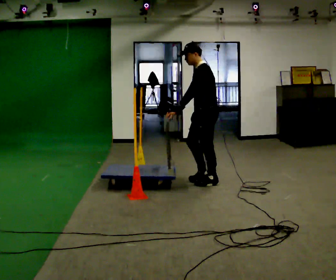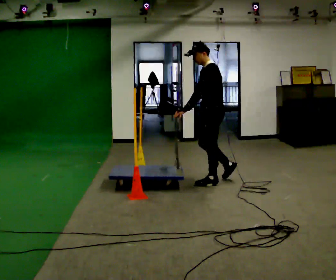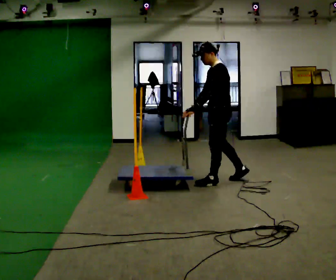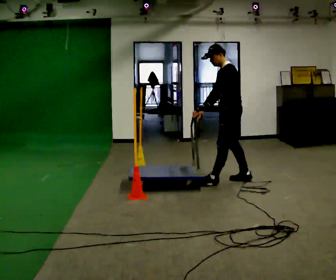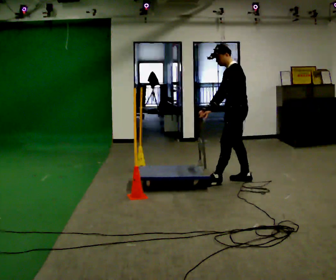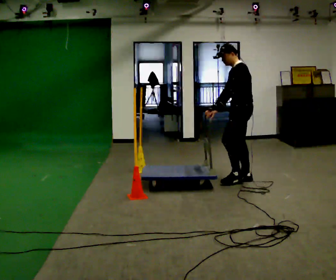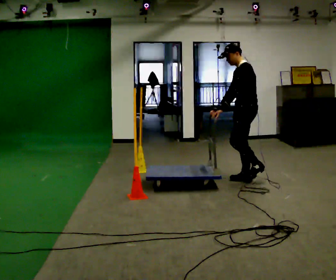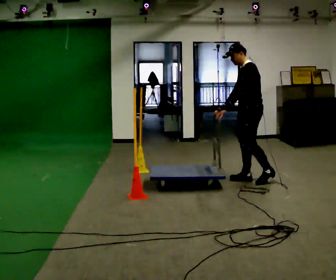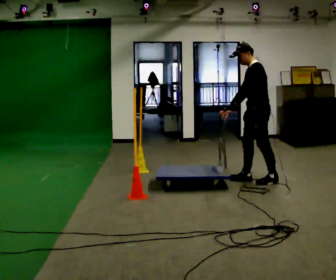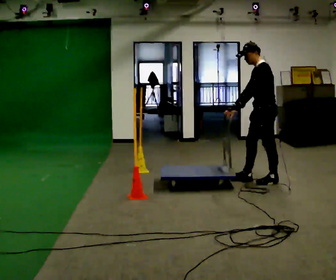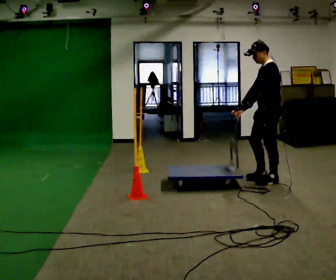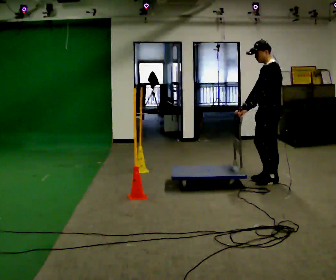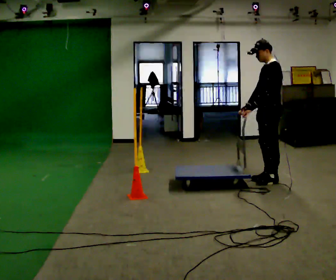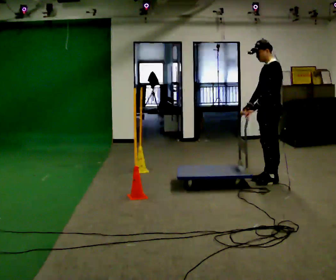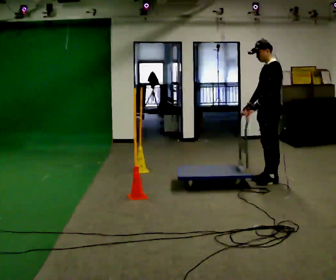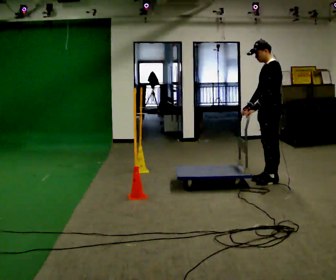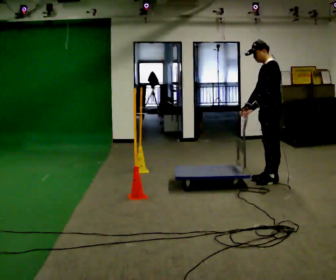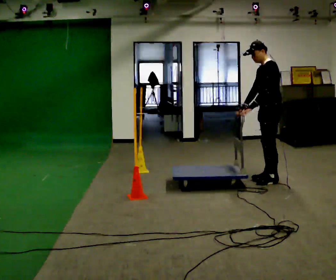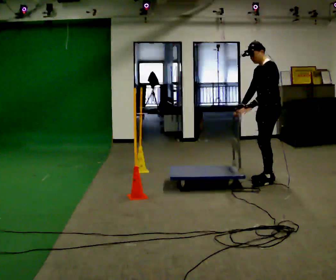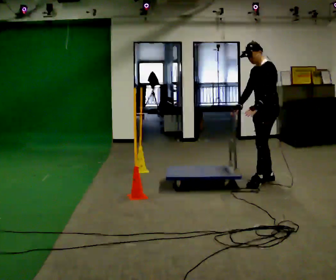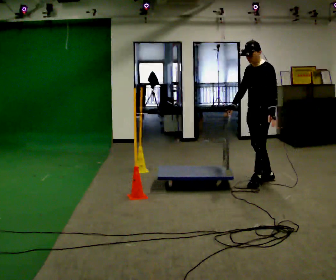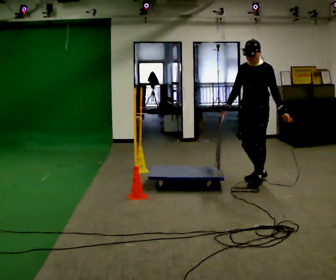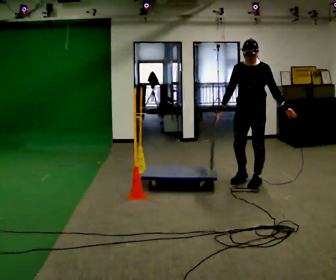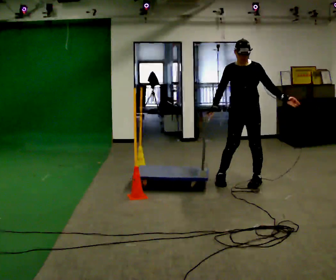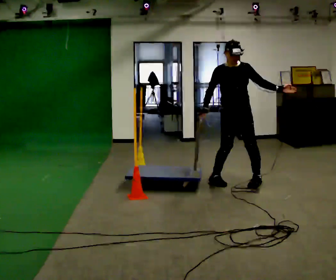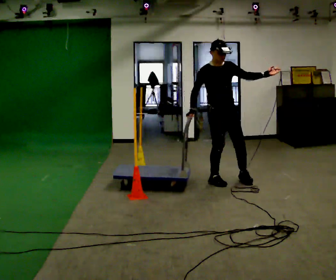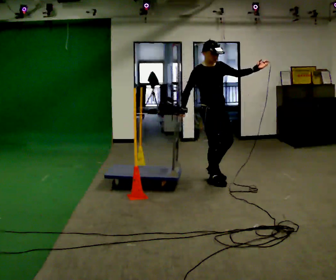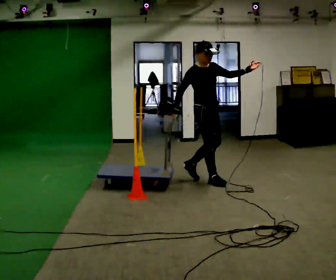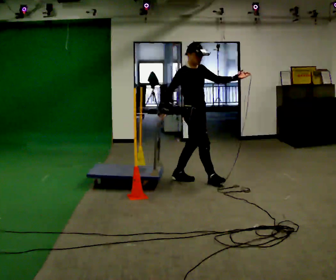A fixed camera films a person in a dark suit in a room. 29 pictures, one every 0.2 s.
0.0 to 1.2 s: In the picture they go to the right and away from the camera, about 0.5 m in 1 step, which for them is backward.
1.2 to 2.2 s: In the picture they go to the right, about 0.25 m in 1 step, which for them is backward and to their left.
2.2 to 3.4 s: The person moves a little, or ends about where they began.
3.4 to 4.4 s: The part of the body nearest the lens slides to the right as the person turns to their left by about 60 degrees. In the picture they go to the left, about 0.25 m in 2 steps.
4.4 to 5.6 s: Seen from above the body turns counterclockwise, about 90 degrees: to their left, with its near side sliding to the right. In the picture they go to the left, about 0.5 m in 1 step. In the picture their left hand goes upward.
The film runs backward here.
